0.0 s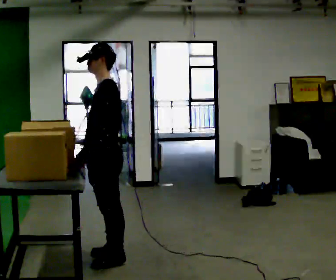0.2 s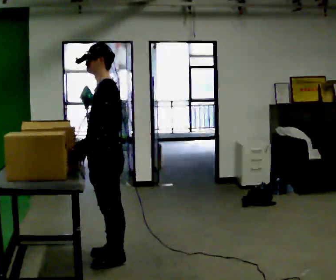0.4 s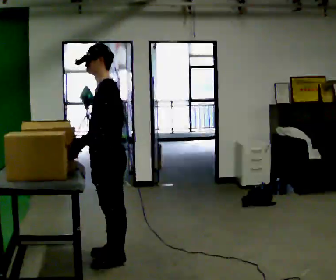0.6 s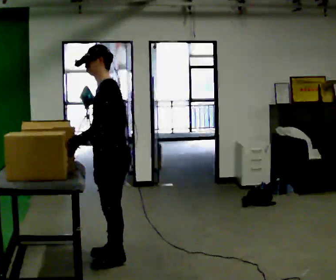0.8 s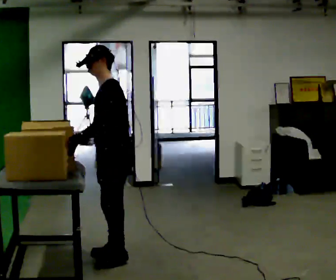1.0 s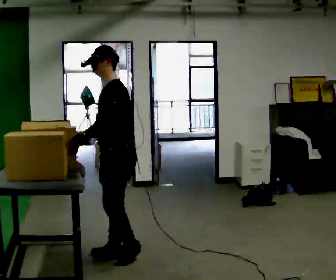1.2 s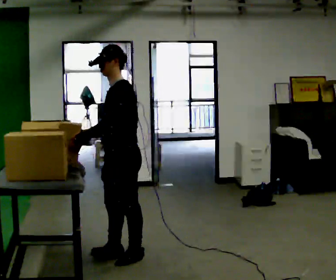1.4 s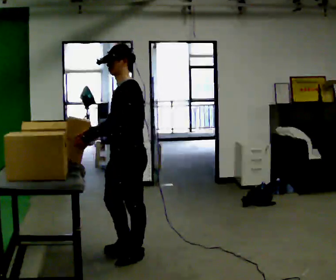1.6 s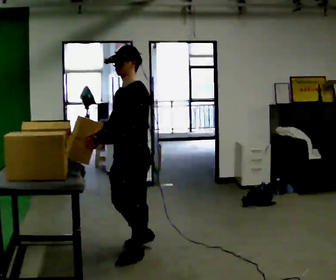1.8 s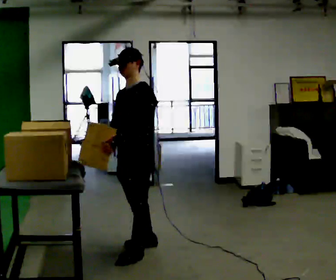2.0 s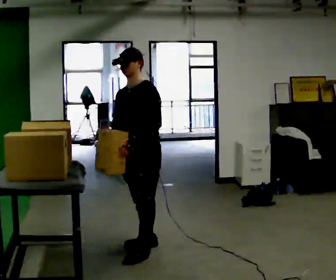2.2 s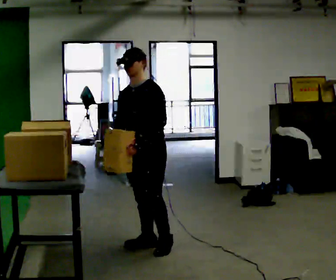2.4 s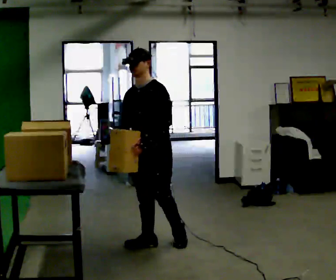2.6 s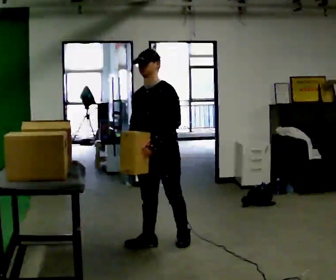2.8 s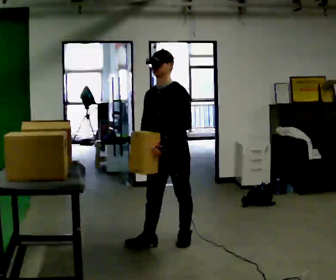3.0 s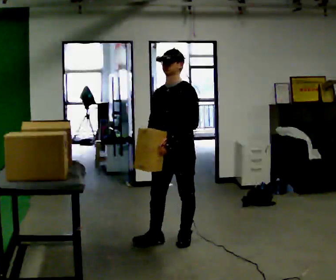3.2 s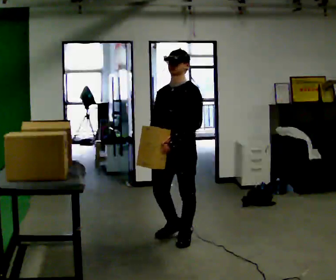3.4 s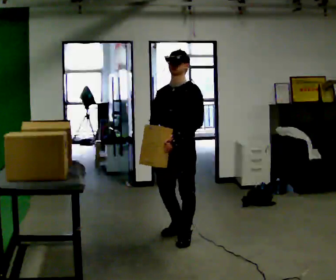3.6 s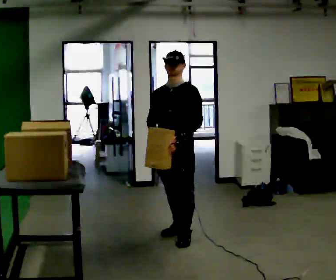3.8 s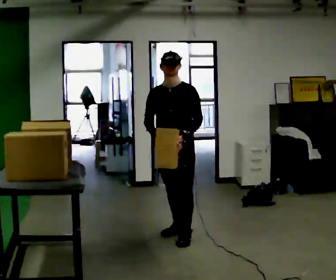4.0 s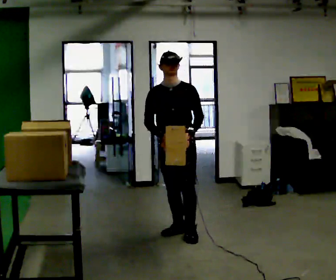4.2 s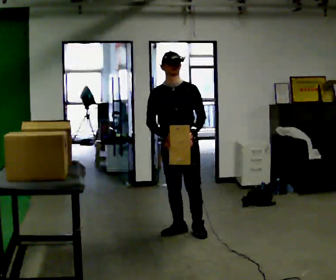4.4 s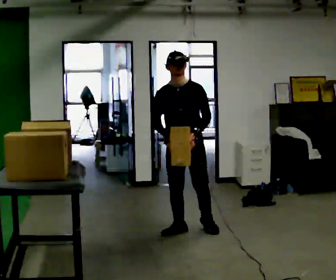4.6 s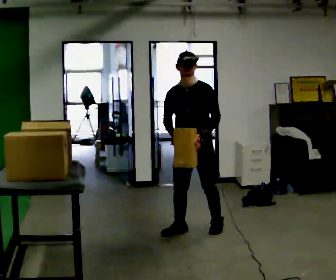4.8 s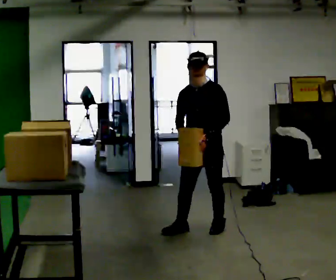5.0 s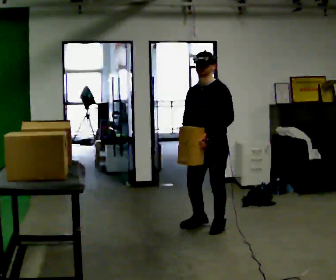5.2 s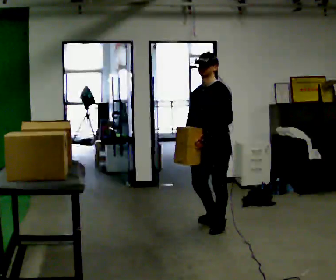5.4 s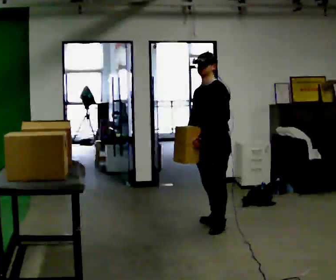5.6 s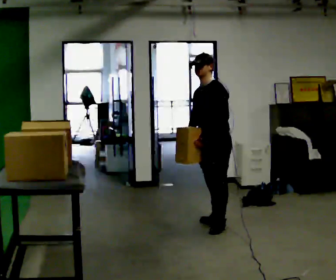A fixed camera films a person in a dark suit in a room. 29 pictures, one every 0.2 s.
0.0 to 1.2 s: The person moves a little, or ends about where they began.
1.2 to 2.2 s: The person turns about 30 degrees to their left, counterclockwise seen from above, so the part of the body nearest the lens slides to the right. In the picture they go away from the camera and to the right, about 0.25 m in 2 steps, which for them is backward and to their right.
2.2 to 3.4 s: In the picture they go to the right and away from the camera, about 0.25 m in 1 step, which for them is backward.
3.4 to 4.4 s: Seen from above the body turns counterclockwise, about 30 degrees: to their left, with its near side sliding to the right. In the picture they go away from the camera, about 0.25 m in 1 step, which for them is backward.
4.4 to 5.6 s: The person turns about 60 degrees to their right, clockwise seen from above, so the part of the body nearest the lens slides to the left. In the picture they go to the right and away from the camera, about 0.5 m in 1 step, which for them is backward and to their left.
The film runs backward here.
